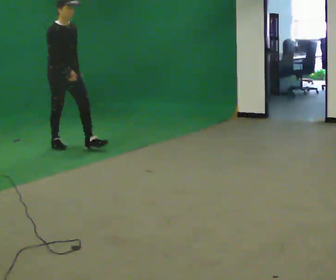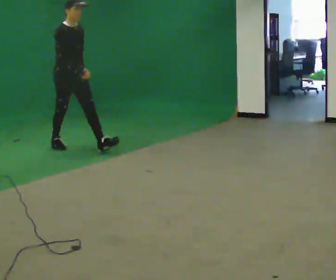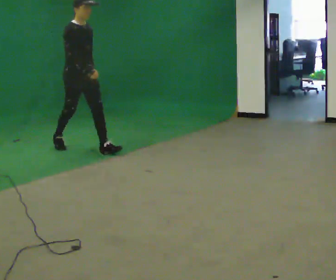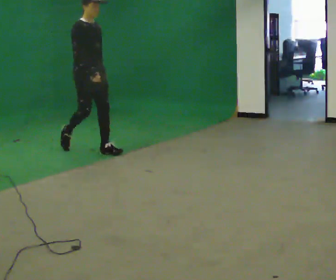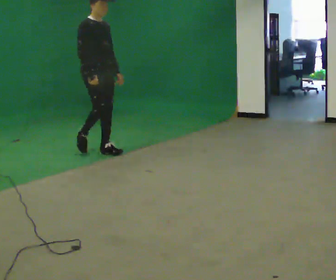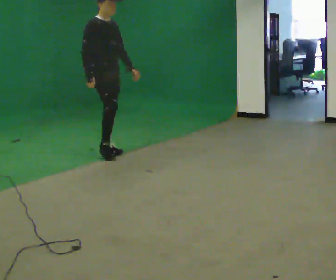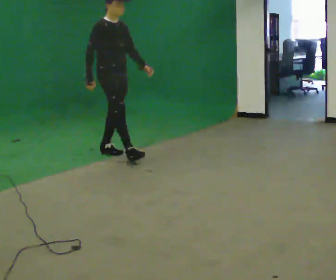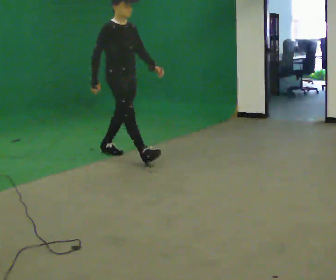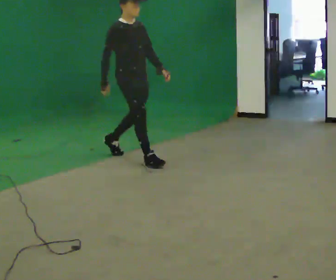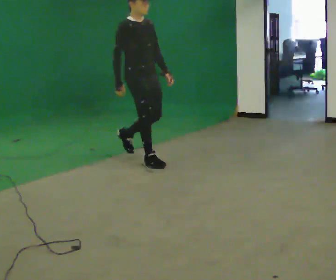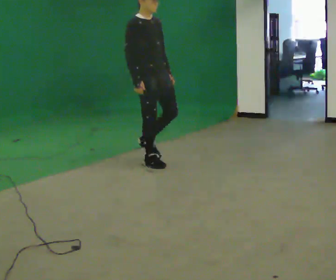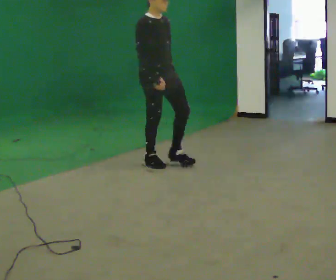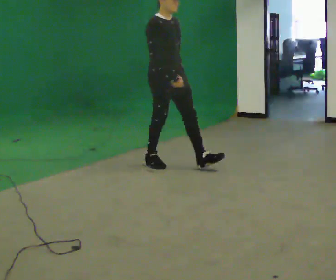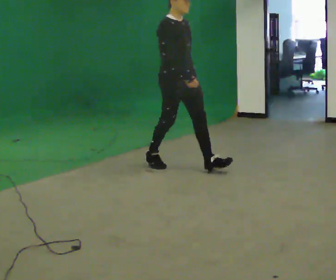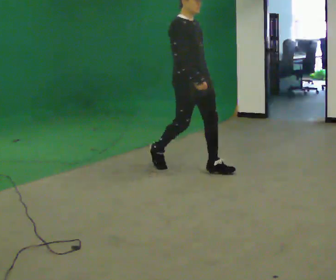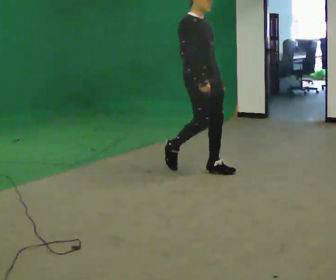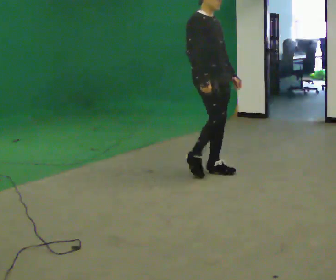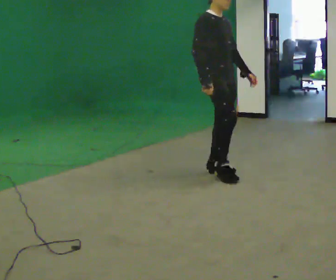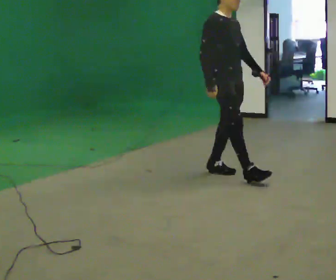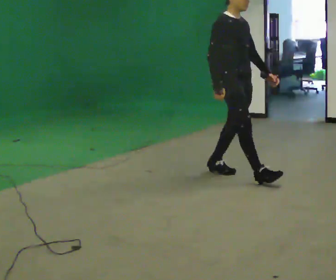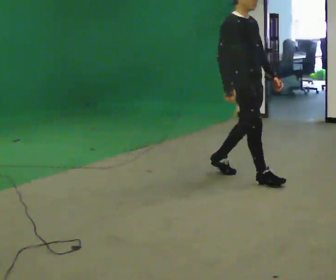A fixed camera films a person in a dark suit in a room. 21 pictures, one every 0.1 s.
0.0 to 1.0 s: In the picture they go to the right and toward the camera, about 1.5 m in 2 steps, which for them is forward.
1.0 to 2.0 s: In the picture they go to the right and toward the camera, about 1 m in 2 steps, which for them is forward.
The film runs forward here.
